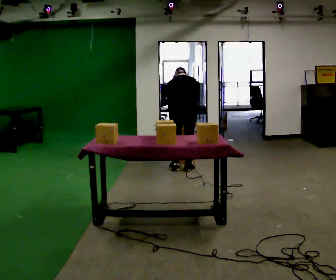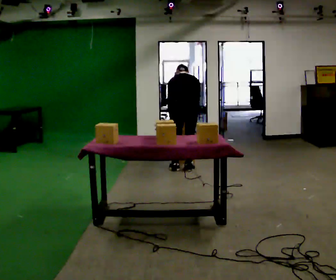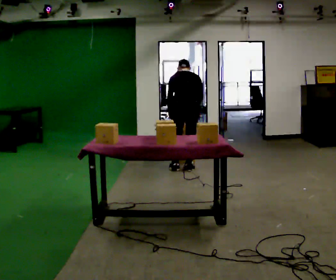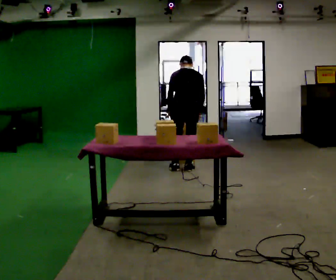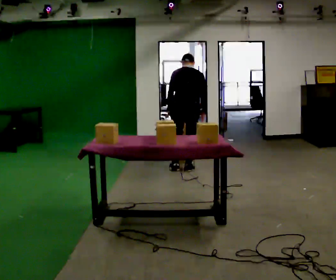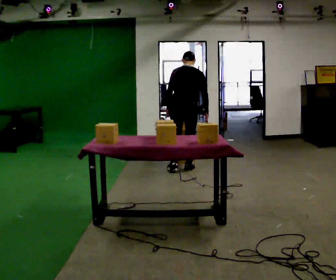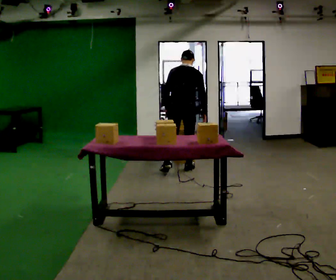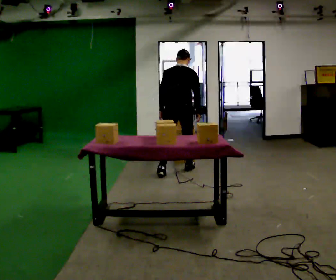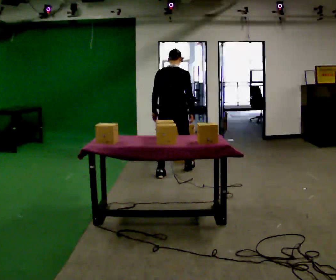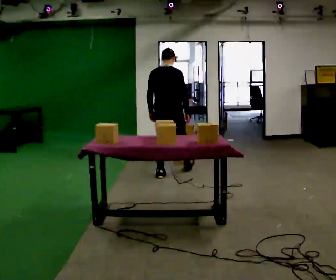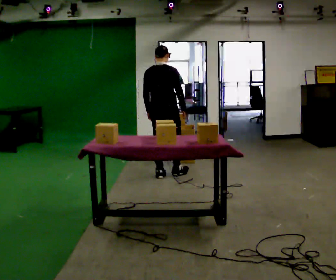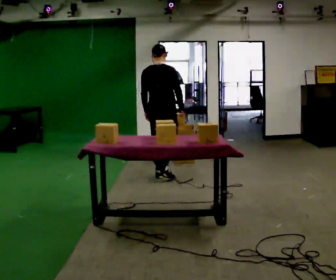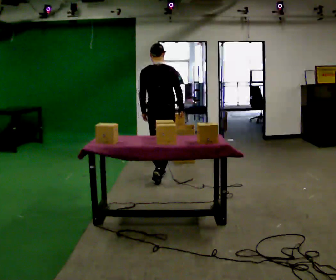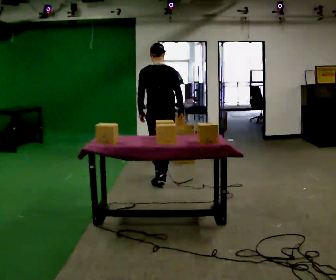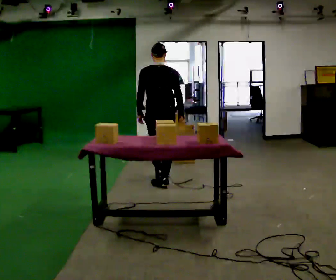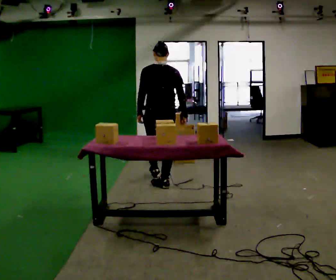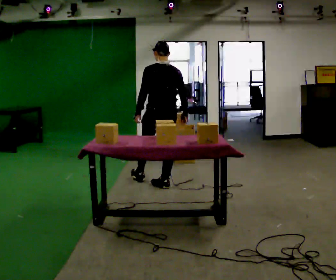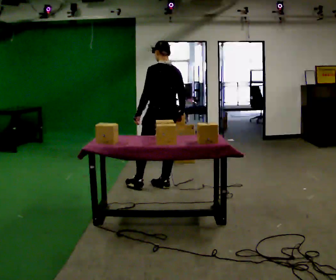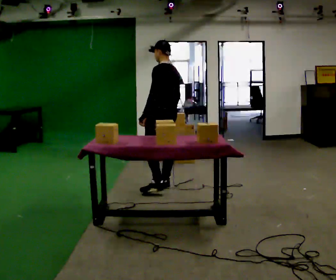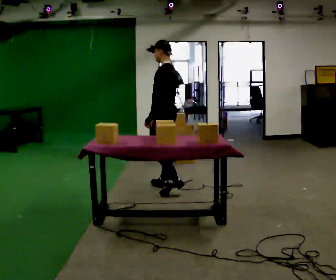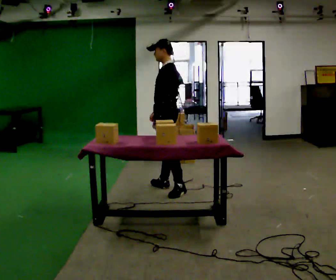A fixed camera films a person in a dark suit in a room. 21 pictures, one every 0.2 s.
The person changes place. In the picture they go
toward the camera.
The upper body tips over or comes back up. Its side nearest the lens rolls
downward.
0.0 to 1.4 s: The shoulders move upward. The upper body tips toward the camera, its near side rolling downward, as they lean back or straighten.
1.4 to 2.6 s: In the picture they go toward the camera and to the left, about 0.5 m in 1 step, which for them is backward.
2.6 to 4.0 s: Seen from above the body turns counterclockwise, about 105 degrees: to their left, with its near side sliding to the right. In the picture they go toward the camera, about 0.5 m in 1 step.
The film runs backward here.
